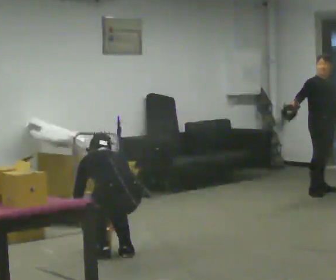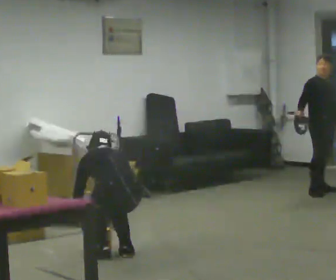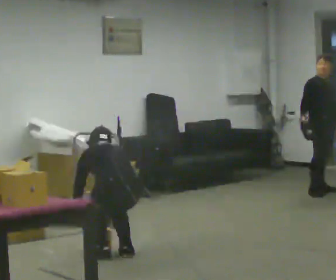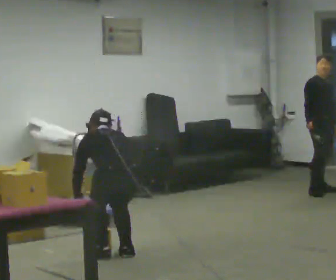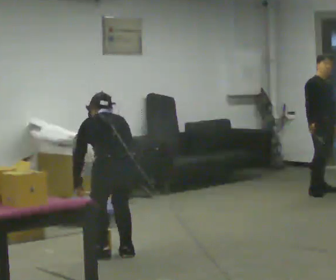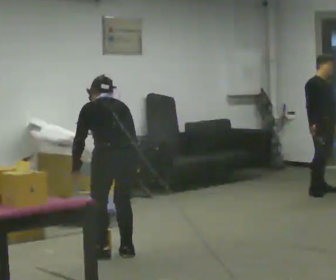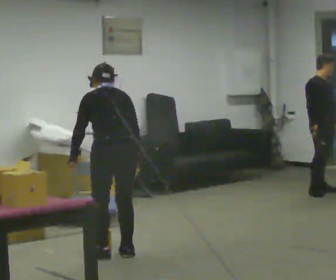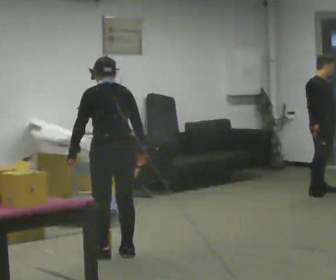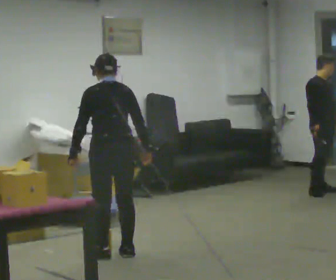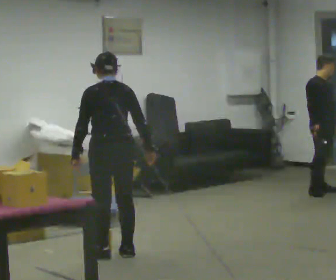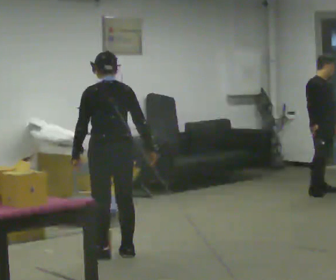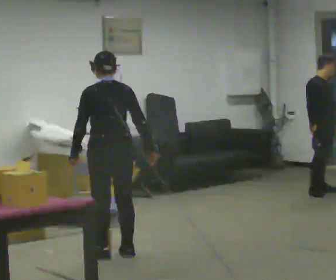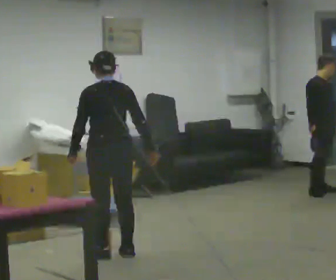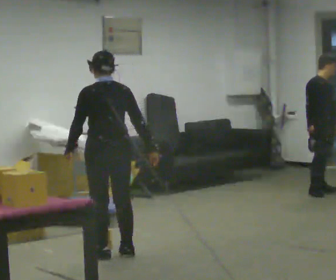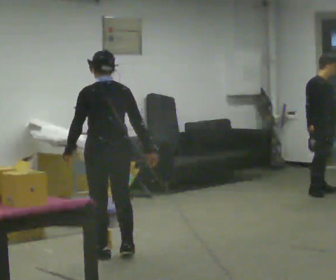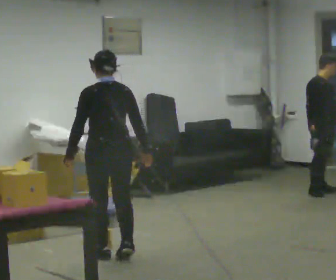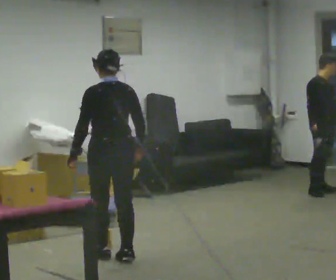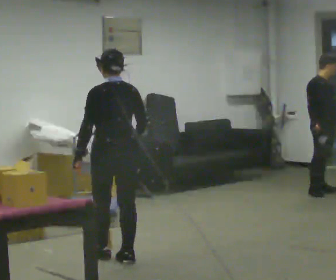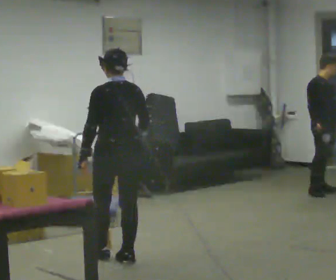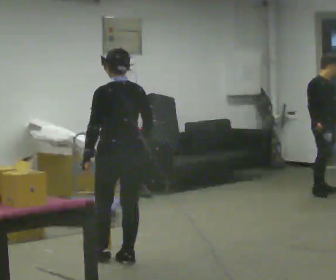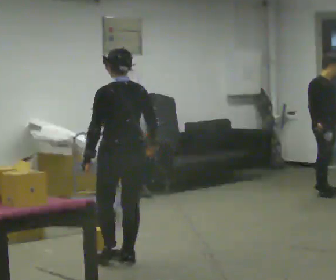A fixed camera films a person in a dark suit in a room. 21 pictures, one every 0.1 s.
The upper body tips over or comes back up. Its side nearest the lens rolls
downward.
Their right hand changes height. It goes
upward.
0.0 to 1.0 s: The shoulders move upward. The upper body tips toward the camera, its near side rolling downward, as they lean back or straighten. In the picture their right hand goes upward.
1.0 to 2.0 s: In the picture they go toward the camera, about 0.25 m in 2 steps, which for them is backward.
The film runs backward here.
